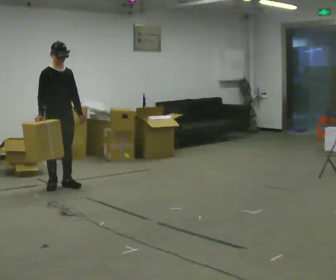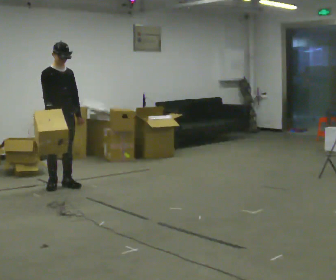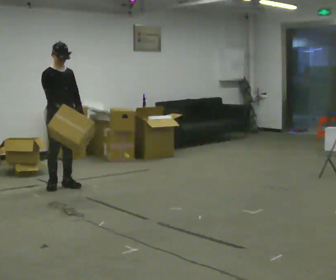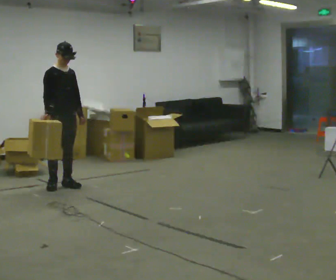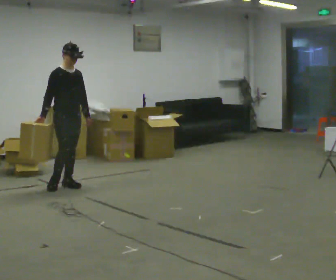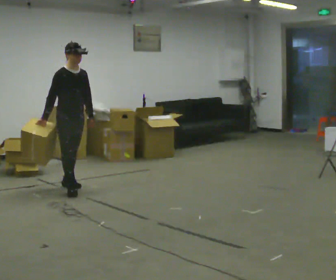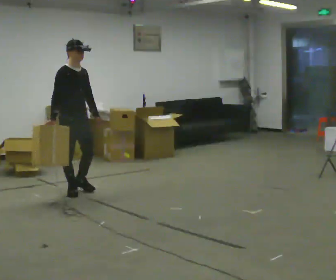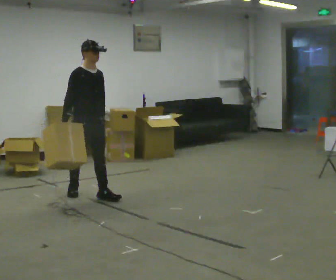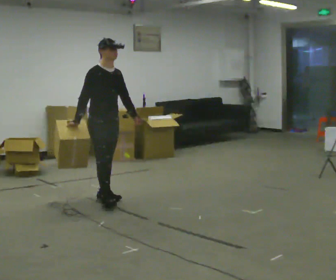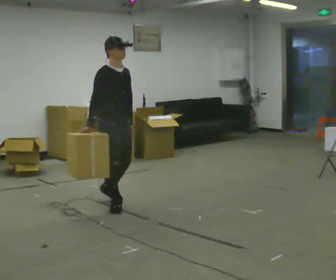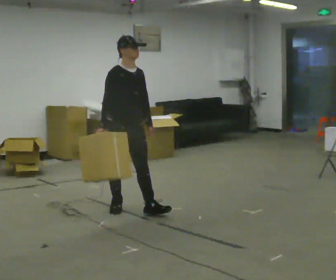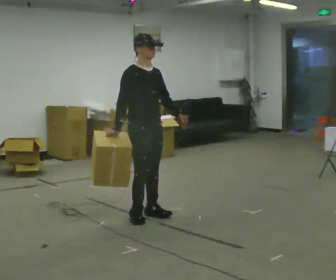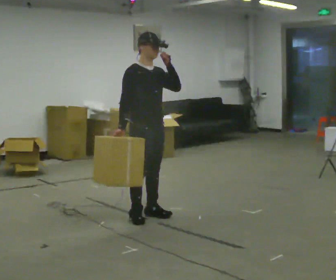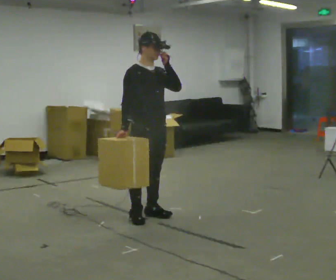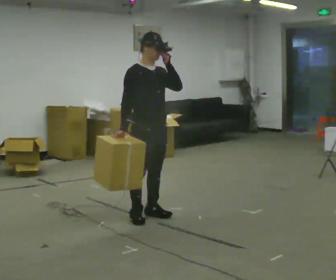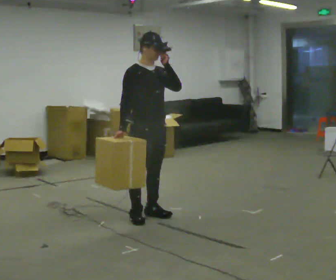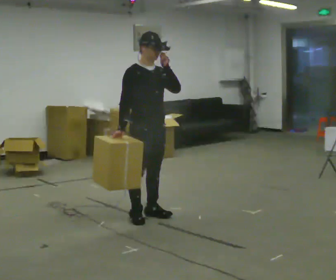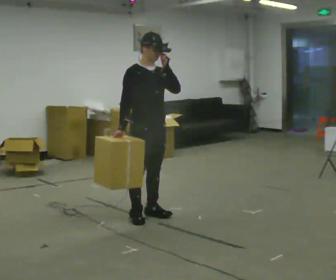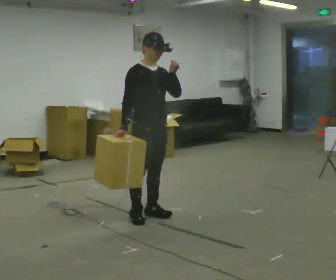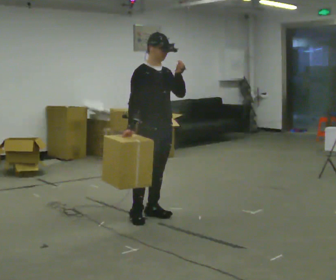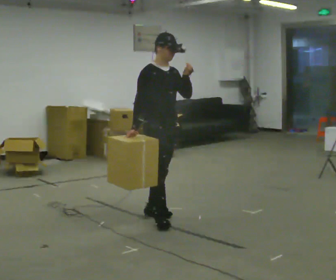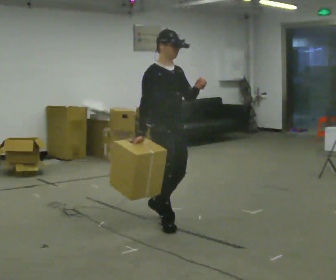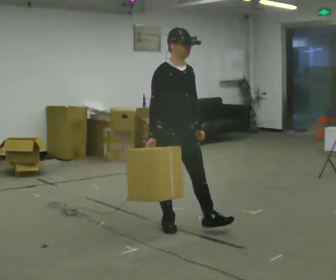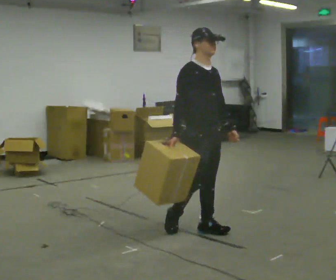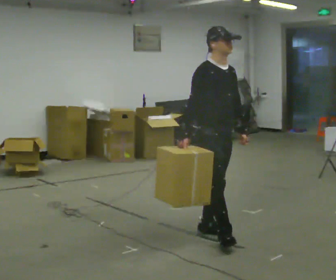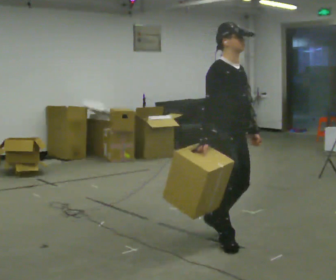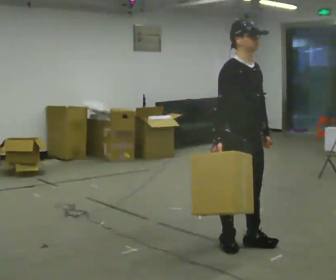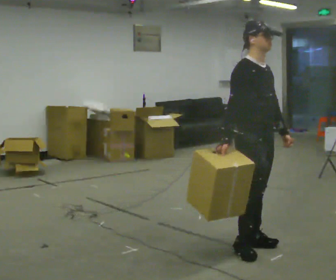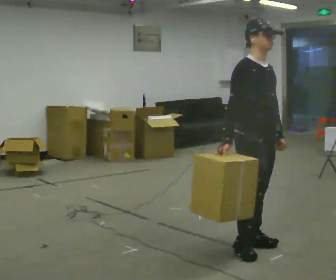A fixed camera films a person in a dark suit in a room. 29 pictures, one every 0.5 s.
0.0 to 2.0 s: The person moves a little, or ends about where they began.
2.0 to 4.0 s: In the picture they go toward the camera and to the right, about 0.5 m in 2 steps, which for them is forward.
4.0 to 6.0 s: In the picture they go toward the camera and to the right, about 1 m in 3 steps, which for them is forward. In the picture their left hand goes upward.
6.0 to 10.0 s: The person moves a little, or ends about where they began.
10.0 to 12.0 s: In the picture they go toward the camera and to the right, about 0.75 m in 3 steps, which for them is forward. In the picture their left hand goes downward.
12.0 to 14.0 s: In the picture they go toward the camera and to the right, about 0.5 m in 2 steps, which for them is forward.
The film runs forward here.
